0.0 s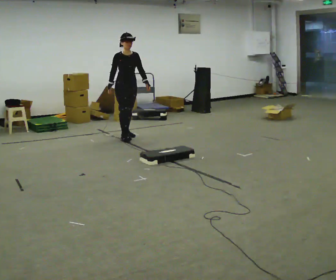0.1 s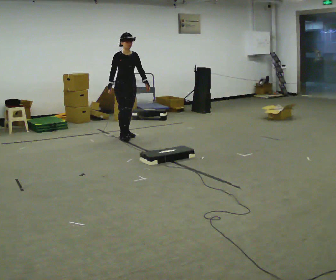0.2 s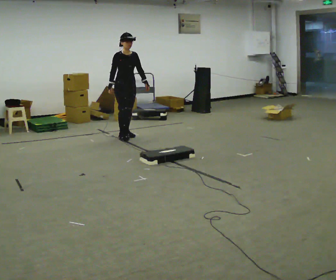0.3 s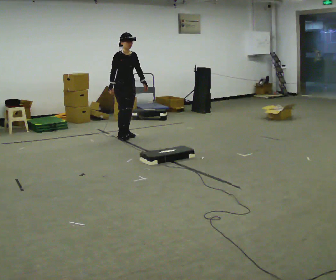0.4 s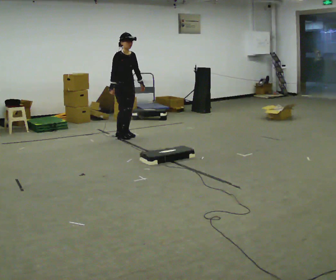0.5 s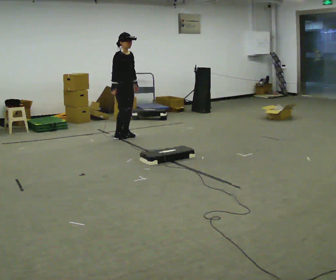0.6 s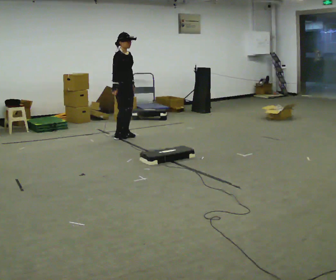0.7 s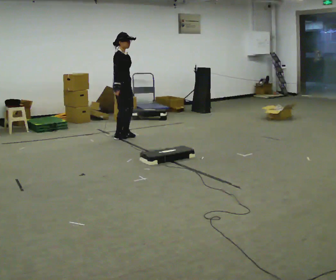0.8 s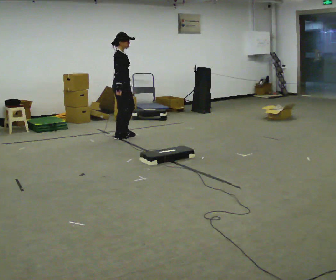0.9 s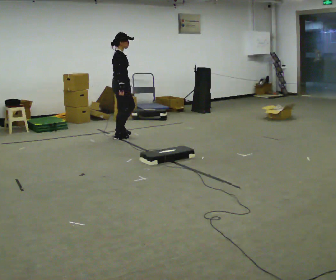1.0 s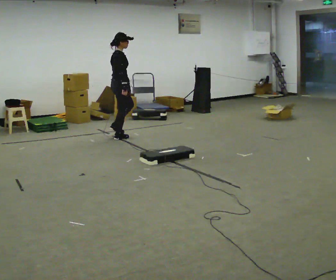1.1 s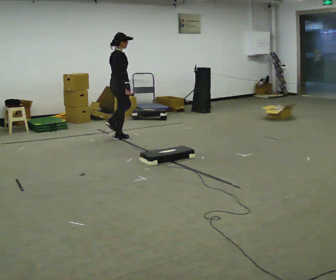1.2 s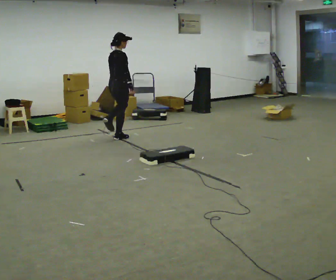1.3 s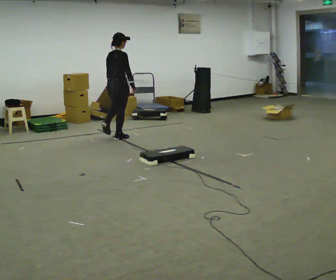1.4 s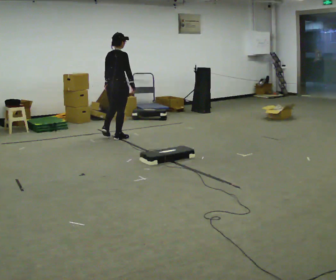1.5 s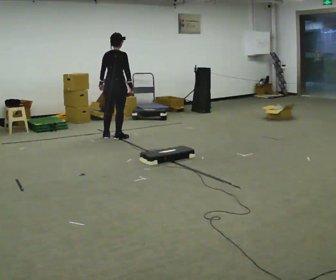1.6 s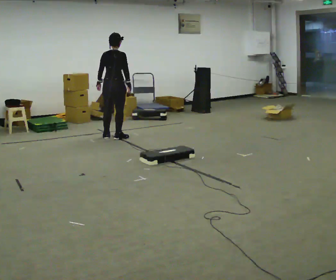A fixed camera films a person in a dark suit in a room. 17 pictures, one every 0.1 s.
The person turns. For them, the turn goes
to their left.
Their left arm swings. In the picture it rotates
clockwise.
0.0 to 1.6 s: The part of the body nearest the lens slides to the right as the person turns to their left by about 135 degrees. In the picture they go to the left, about 0.25 m in 1 step. In the picture their left hand goes to the left, the arm swinging clockwise.
The film runs backward here.
